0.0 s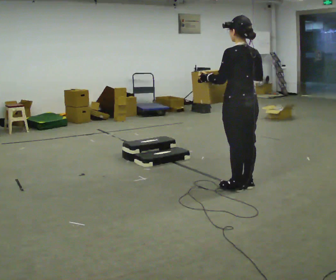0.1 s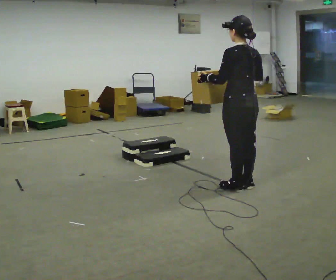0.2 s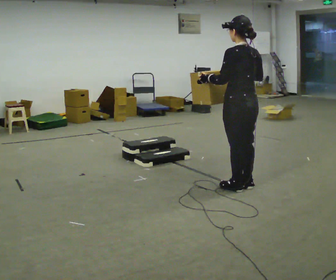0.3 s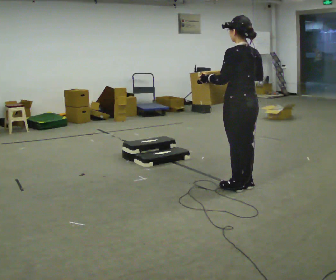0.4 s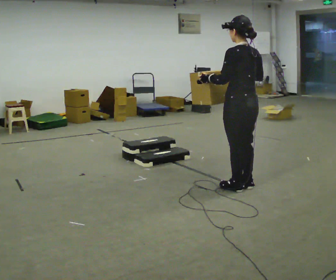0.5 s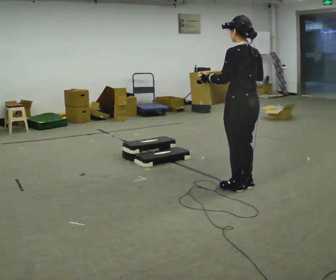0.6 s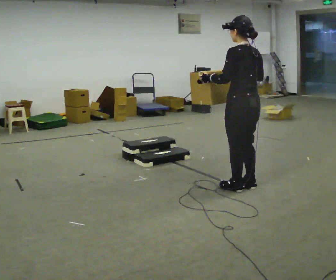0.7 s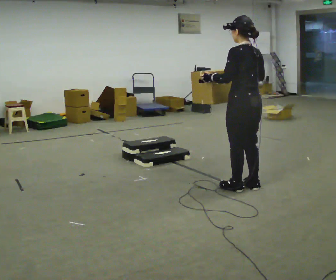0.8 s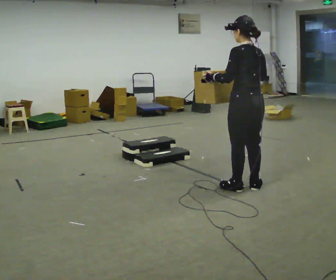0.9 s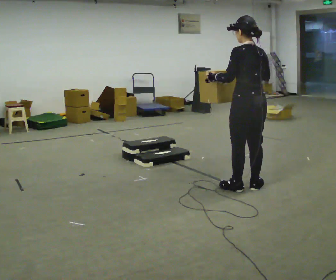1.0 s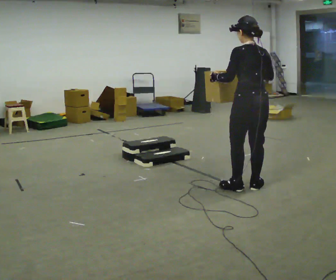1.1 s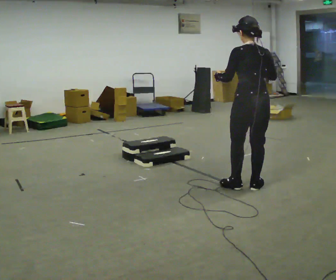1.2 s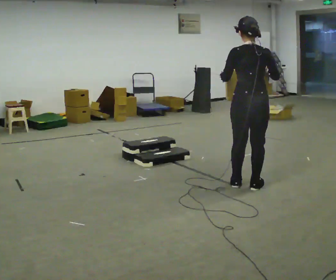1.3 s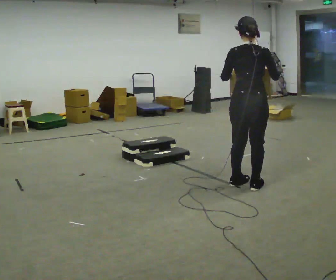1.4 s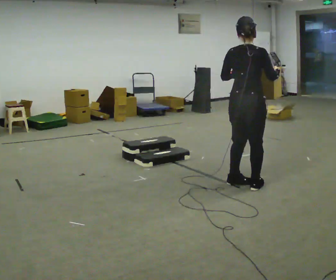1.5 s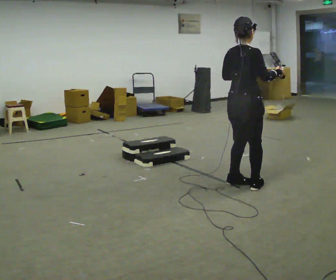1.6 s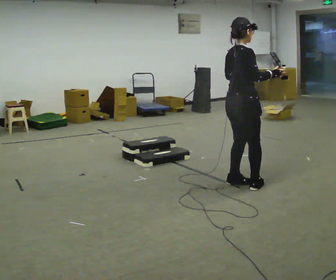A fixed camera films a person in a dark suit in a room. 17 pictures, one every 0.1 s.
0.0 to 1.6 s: The person turns about 90 degrees to their right, clockwise seen from above, so the part of the body nearest the lens slides to the left.
The film runs backward here.
